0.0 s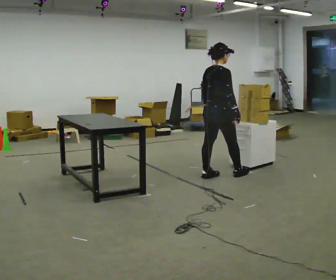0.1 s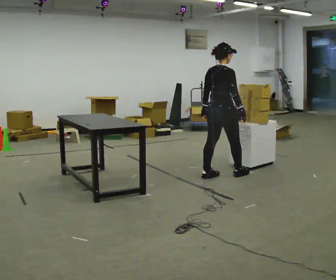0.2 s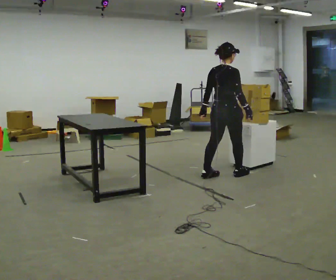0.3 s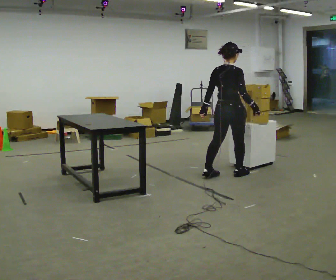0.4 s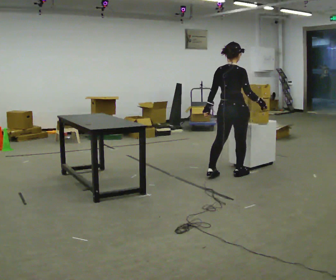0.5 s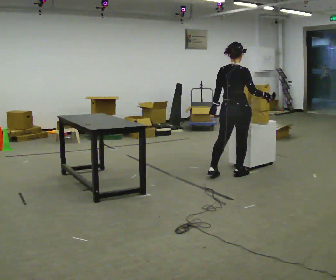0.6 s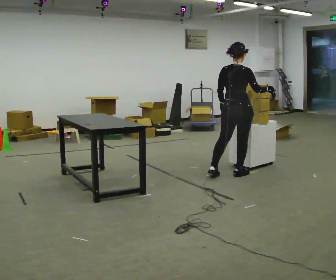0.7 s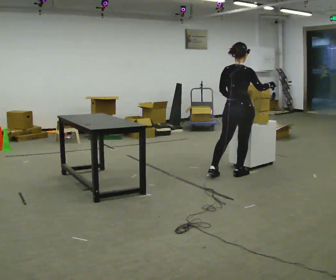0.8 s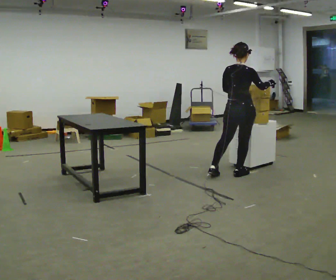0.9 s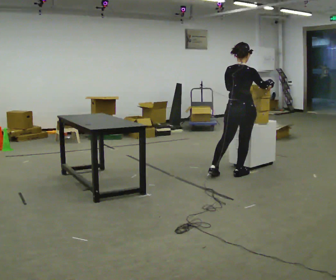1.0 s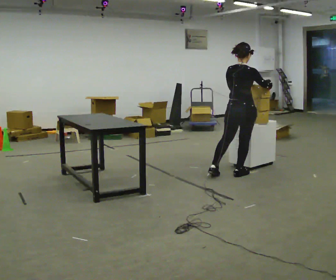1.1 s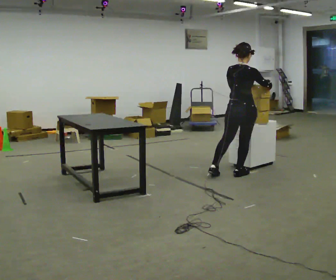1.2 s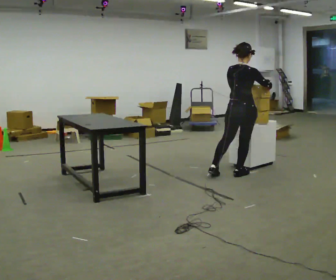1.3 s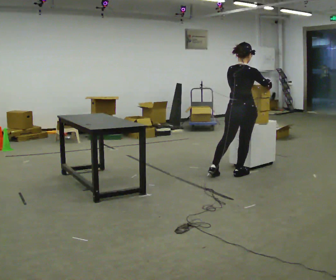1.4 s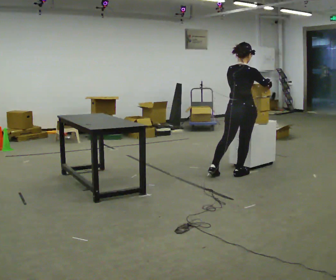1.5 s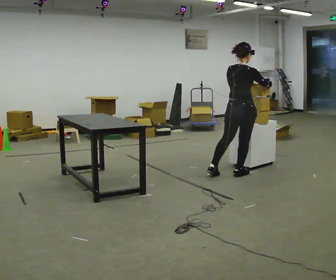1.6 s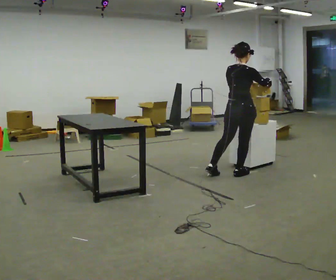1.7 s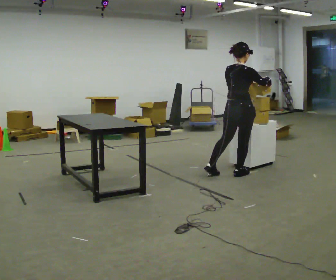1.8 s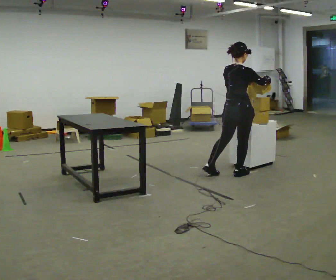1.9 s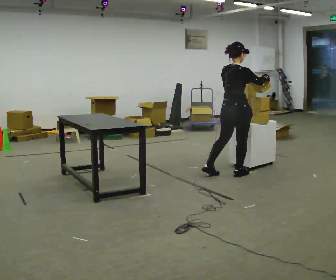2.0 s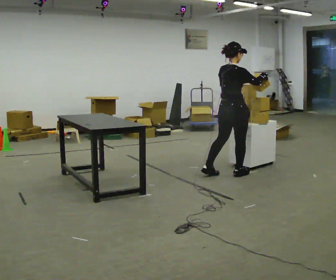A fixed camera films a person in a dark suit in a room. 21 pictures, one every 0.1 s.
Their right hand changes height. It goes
upward.
0.0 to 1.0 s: In the picture they go to the right, about 0.25 m, which for them is to their right and forward. In the picture their right hand goes upward, the arm swinging counterclockwise.
1.0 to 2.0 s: The person moves a little, or ends about where they began.
The film runs backward here.
